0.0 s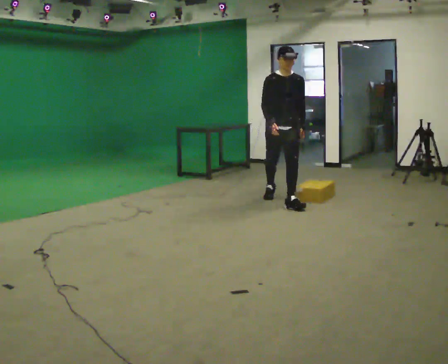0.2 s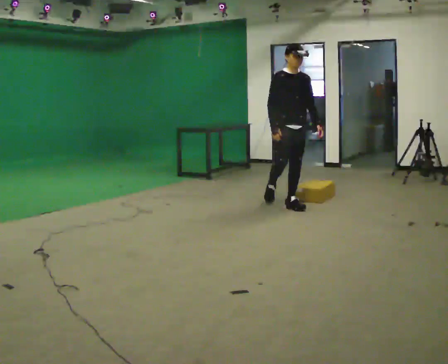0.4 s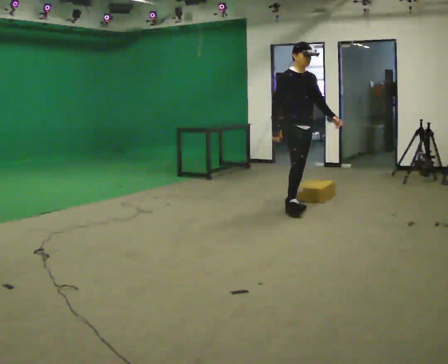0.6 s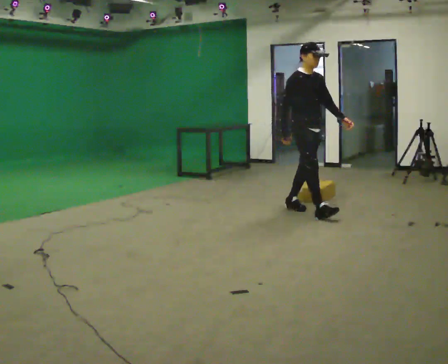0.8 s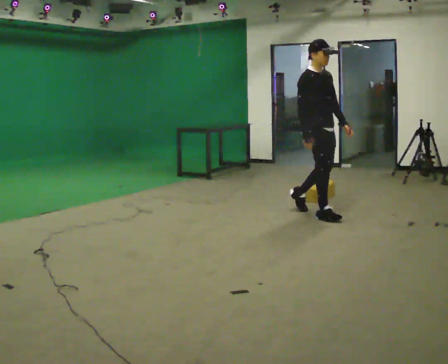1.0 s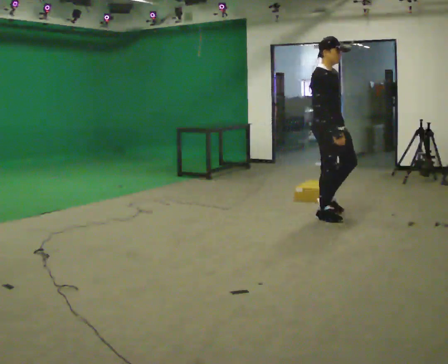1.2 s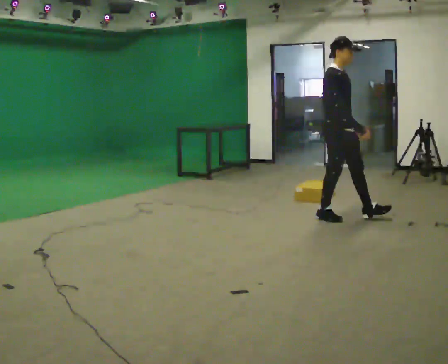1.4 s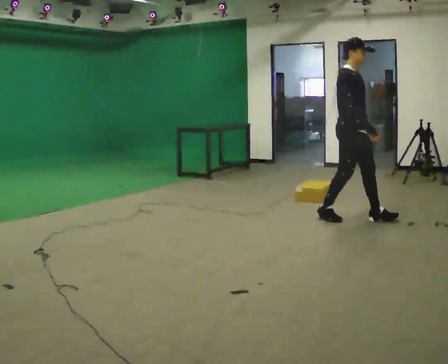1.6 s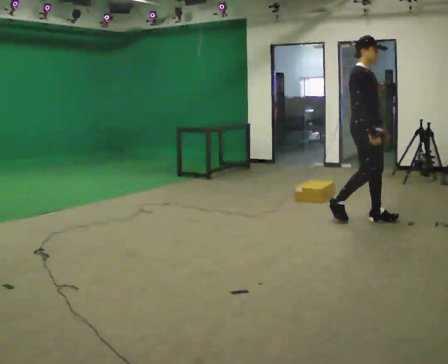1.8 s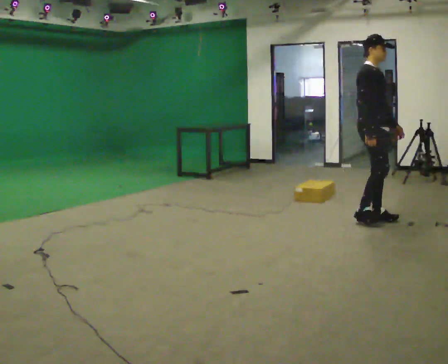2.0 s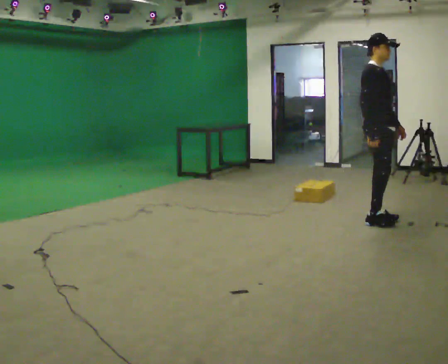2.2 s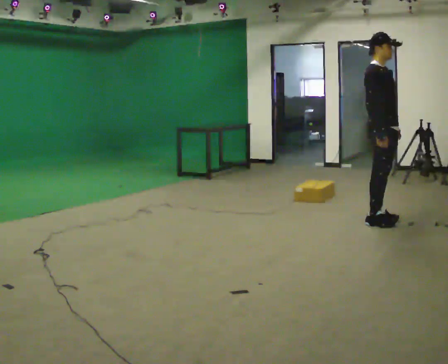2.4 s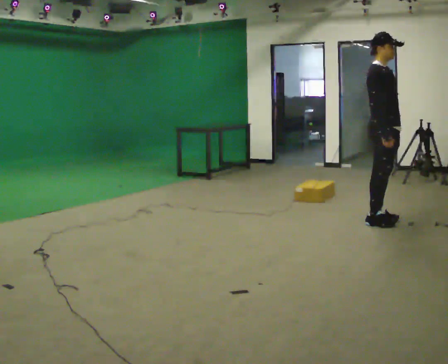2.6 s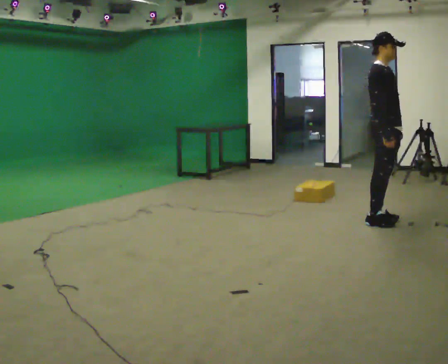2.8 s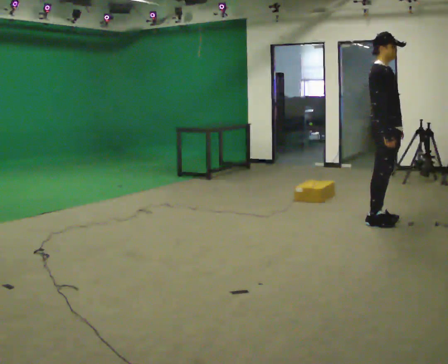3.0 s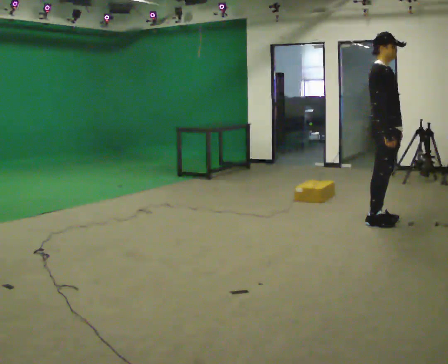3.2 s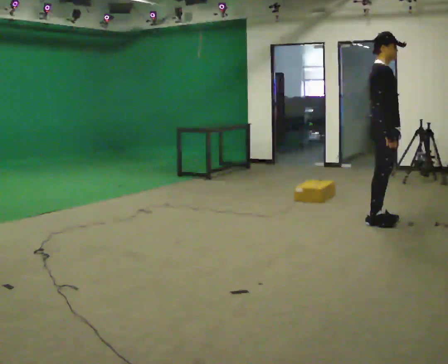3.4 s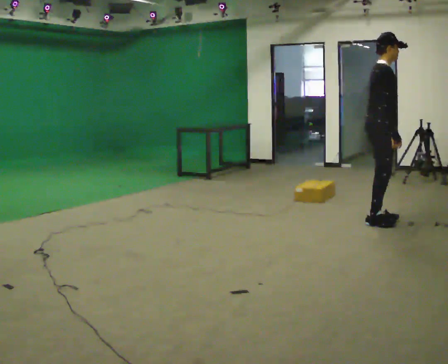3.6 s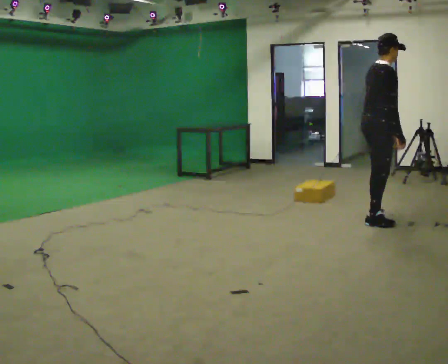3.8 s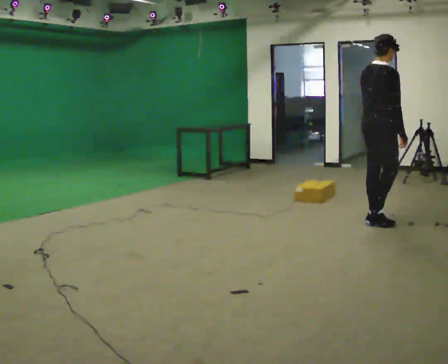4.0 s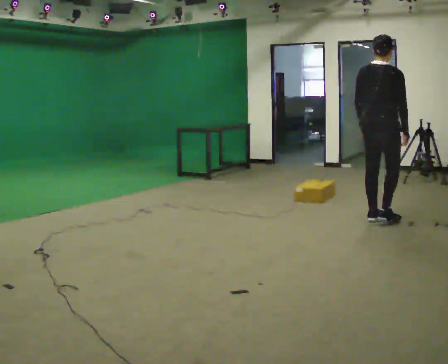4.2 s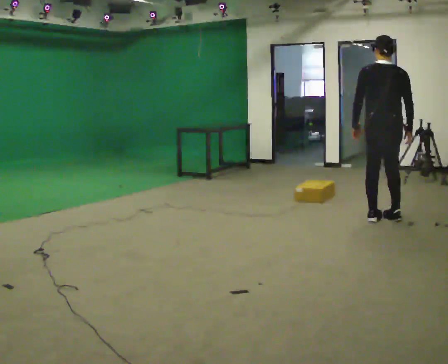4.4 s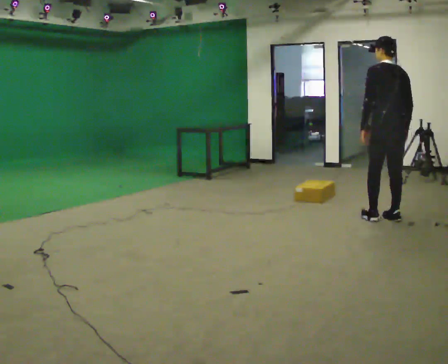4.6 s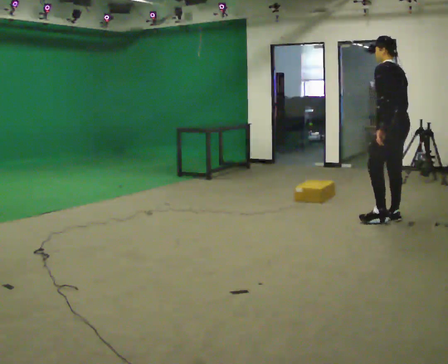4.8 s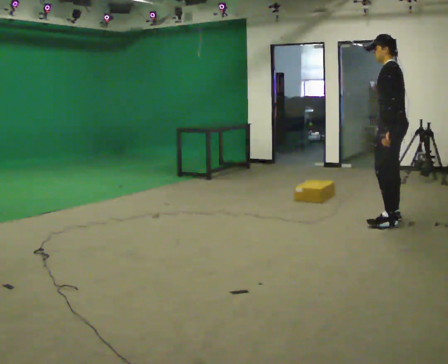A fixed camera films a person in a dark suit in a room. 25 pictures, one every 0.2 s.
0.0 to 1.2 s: The person turns about 45 degrees to their left, counterclockwise seen from above, so the part of the body nearest the lens slides to the right. In the picture they go to the right and toward the camera, about 1 m in 1 step, which for them is forward.
1.2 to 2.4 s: In the picture they go to the right, about 0.5 m in 2 steps, which for them is forward.
2.4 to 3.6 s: Seen from above the body turns counterclockwise, about 45 degrees: to their left, with its near side sliding to the right.
3.6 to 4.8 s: Seen from above the body turns counterclockwise, about 150 degrees: to their left, with its near side sliding to the right. In the picture they go to the right, about 0.25 m in 2 steps. In the picture the upper body tilts counterclockwise, shoulders to the left.
The film runs forward here.
